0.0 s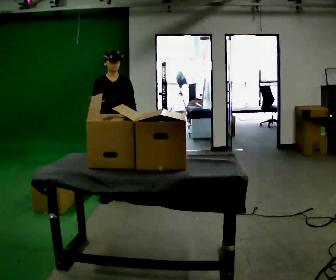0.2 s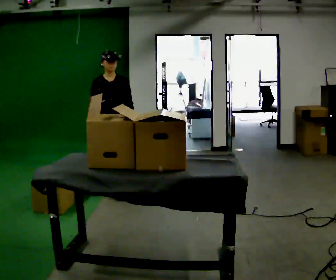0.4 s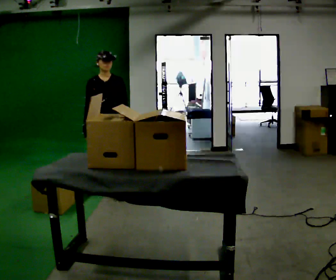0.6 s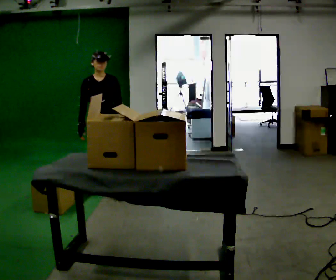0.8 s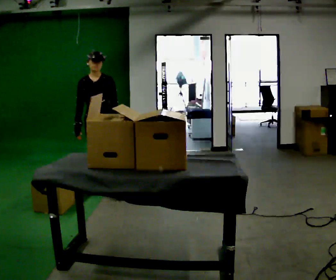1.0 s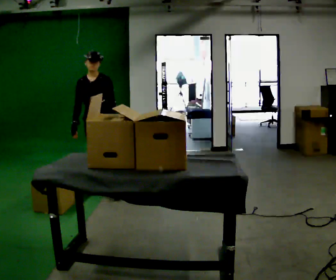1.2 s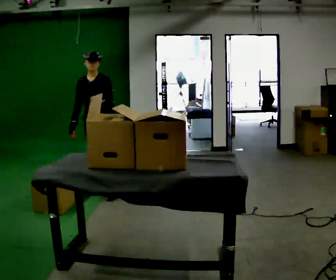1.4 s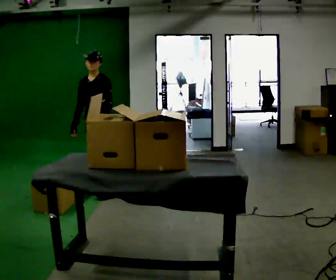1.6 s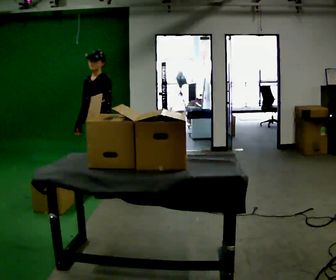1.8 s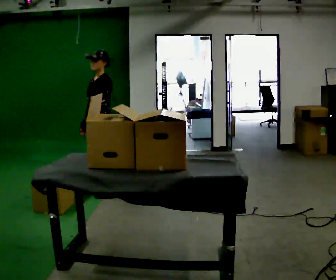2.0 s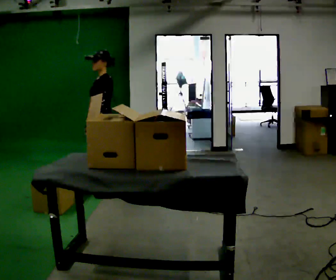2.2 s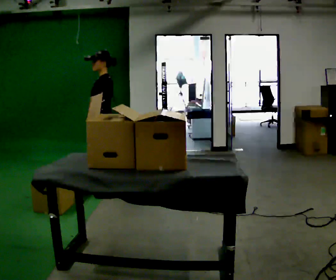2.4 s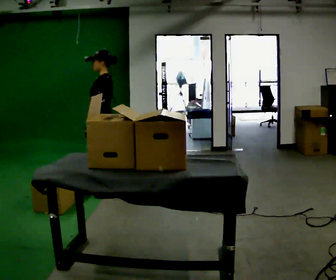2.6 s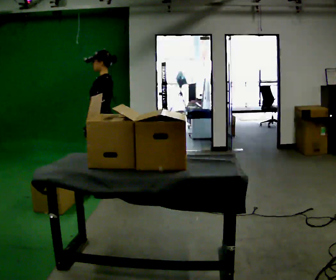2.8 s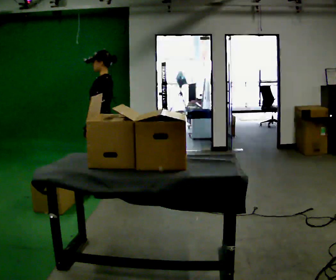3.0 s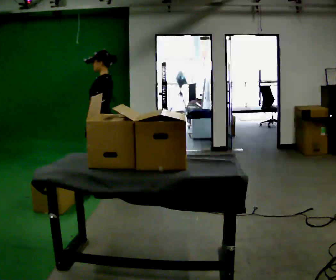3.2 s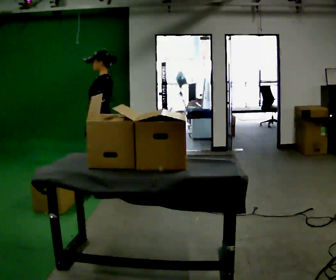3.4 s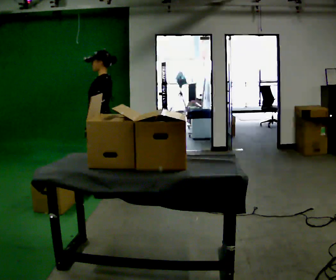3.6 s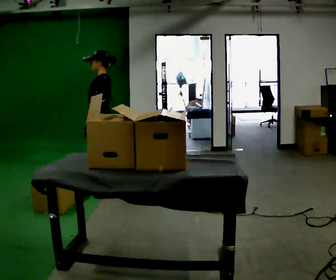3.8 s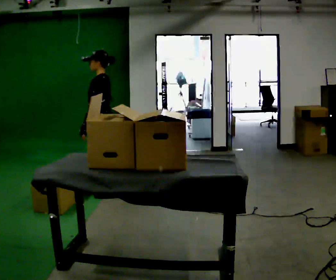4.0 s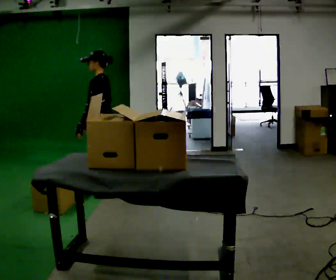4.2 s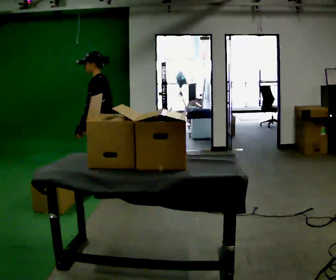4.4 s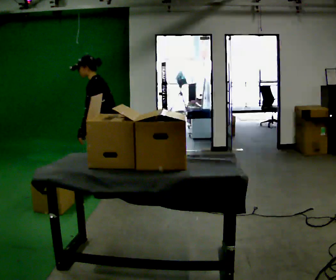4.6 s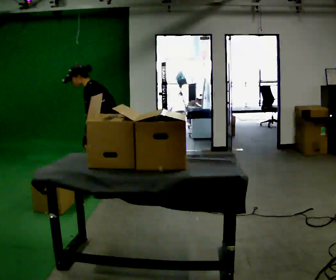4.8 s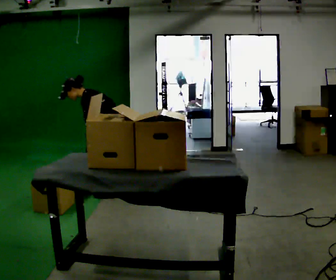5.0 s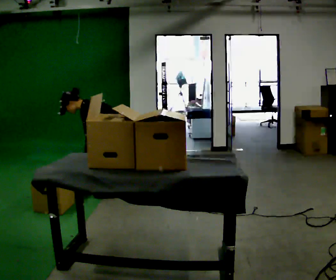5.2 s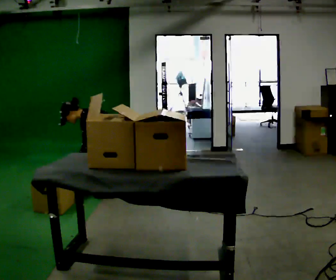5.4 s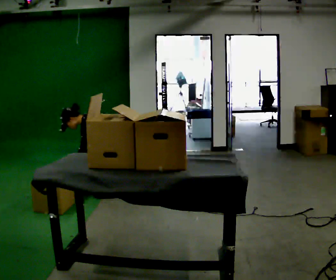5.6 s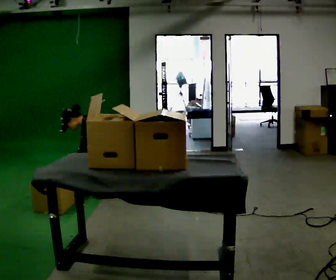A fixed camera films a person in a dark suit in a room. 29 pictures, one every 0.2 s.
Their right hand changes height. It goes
downward.
Their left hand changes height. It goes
downward.
0.0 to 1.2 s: Seen from above the body turns clockwise, about 30 degrees: to their right, with its near side sliding to the left. In the picture they go away from the camera and to the left, about 0.25 m, which for them is backward and to their right.
1.2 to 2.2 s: The part of the body nearest the lens slides to the left as the person turns to their right by about 60 degrees.
2.2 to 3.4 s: The person moves a little, or ends about where they began.
3.4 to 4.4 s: In the picture the upper body tilts counterclockwise, shoulders to the left, as they bend forward.
4.4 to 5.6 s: The upper body goes downward. In the picture the upper body tilts counterclockwise, shoulders to the left, as they bend forward. In the picture their left hand goes downward.
The film runs backward here.
